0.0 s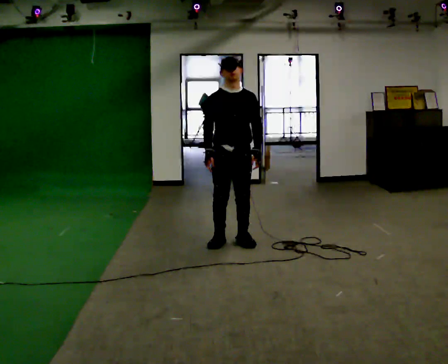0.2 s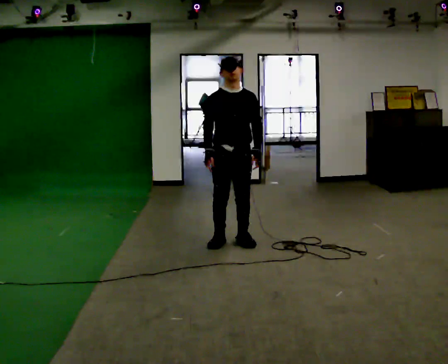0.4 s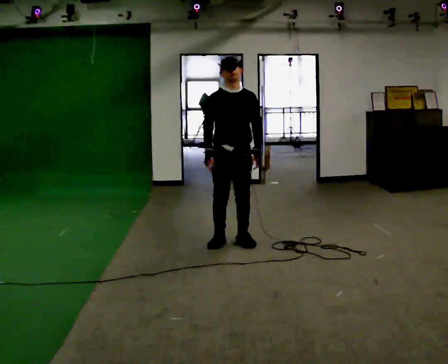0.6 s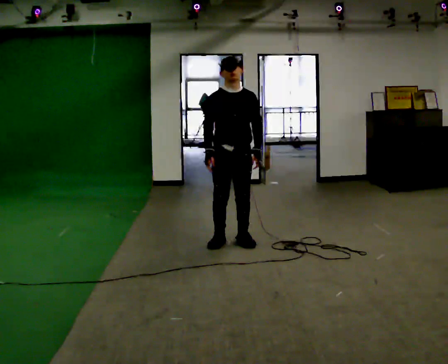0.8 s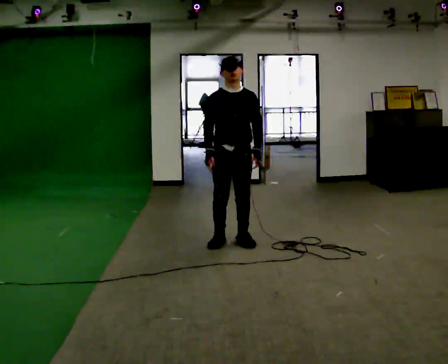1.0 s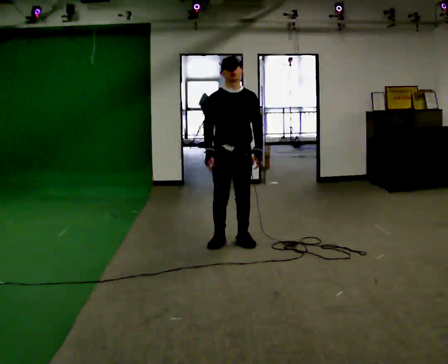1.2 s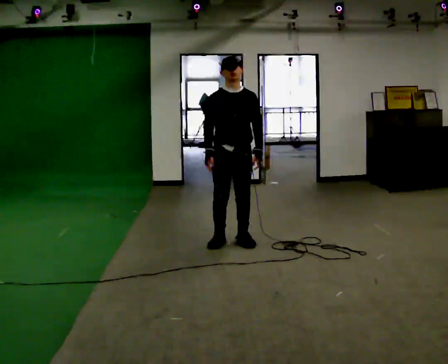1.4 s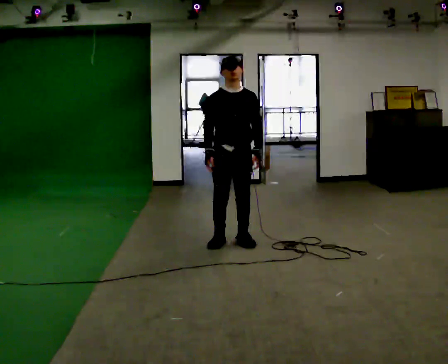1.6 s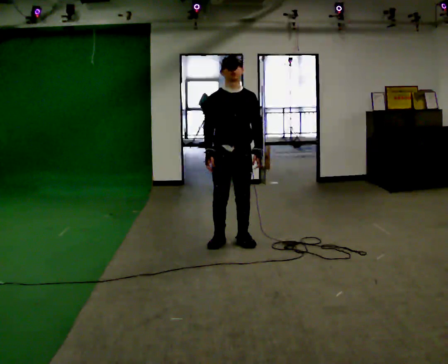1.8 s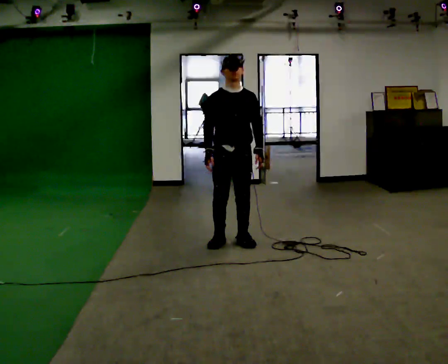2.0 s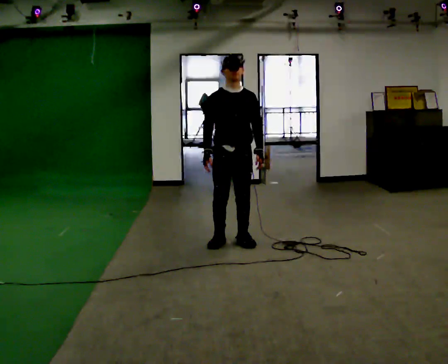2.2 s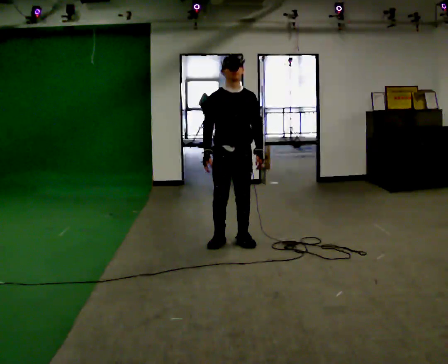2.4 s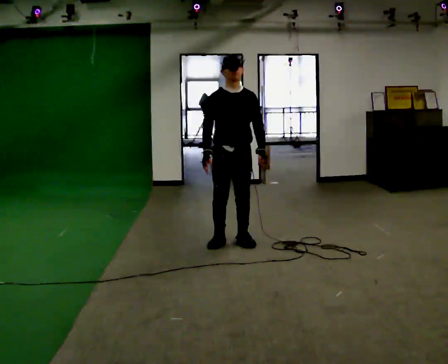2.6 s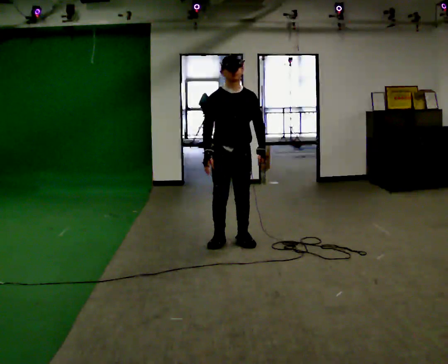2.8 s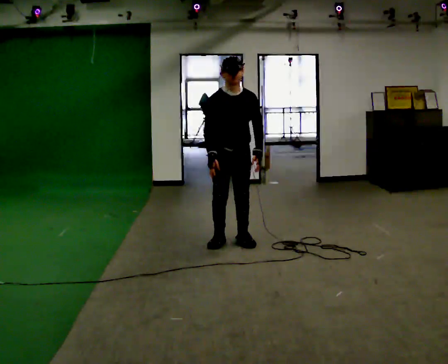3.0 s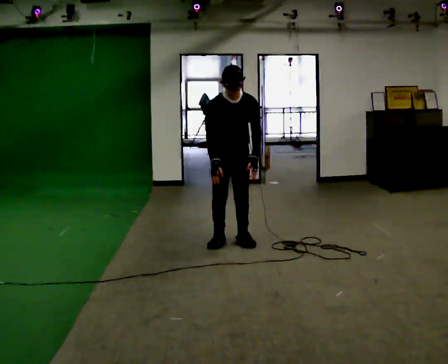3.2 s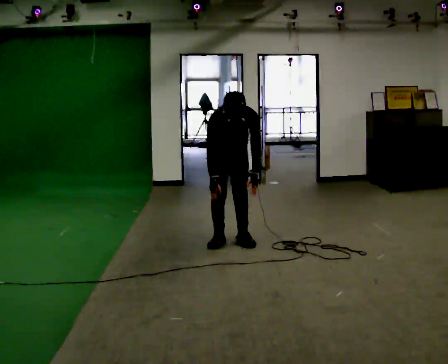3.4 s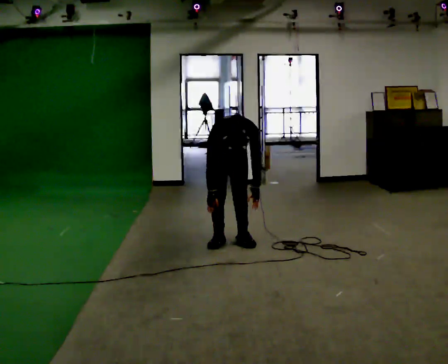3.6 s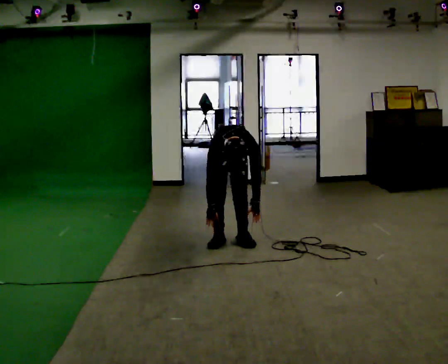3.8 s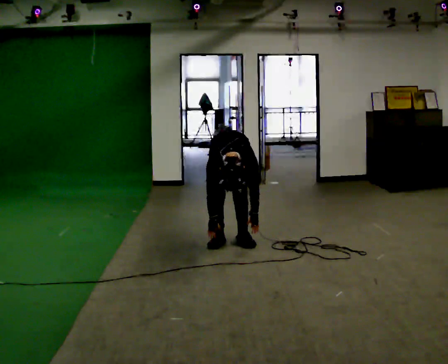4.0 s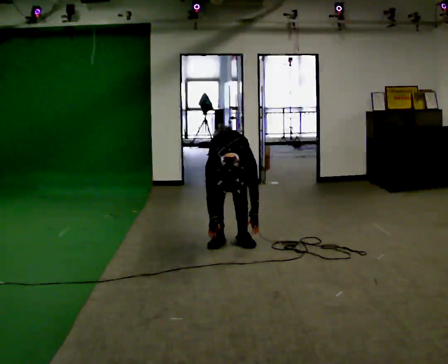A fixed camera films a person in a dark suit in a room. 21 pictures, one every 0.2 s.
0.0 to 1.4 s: The person keeps their place and pose.
1.4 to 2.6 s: The person moves a little, or ends about where they began.
2.6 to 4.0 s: In the picture they go away from the camera, about 0.25 m, which for them is backward. The shoulders move downward. The upper body tips toward the camera, its near side rolling downward, as they bend forward. In the picture their right hand goes downward.
The film runs backward here.
